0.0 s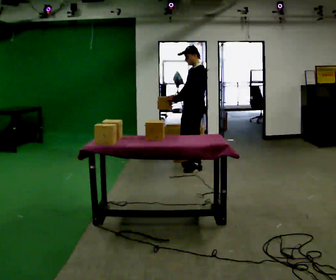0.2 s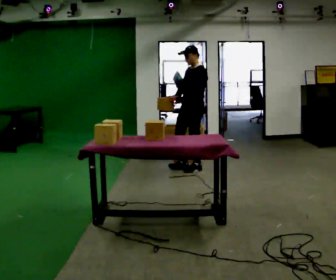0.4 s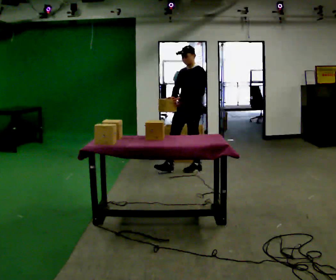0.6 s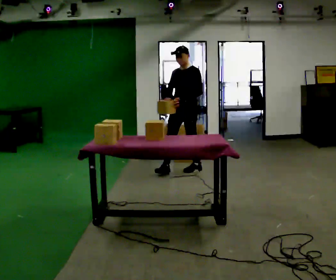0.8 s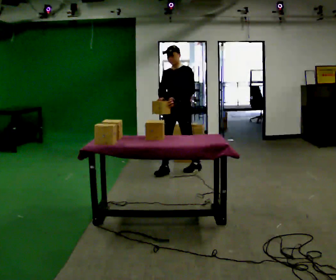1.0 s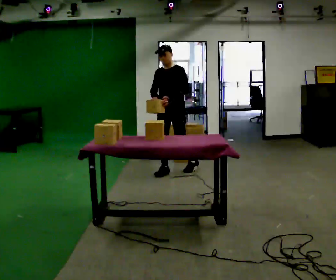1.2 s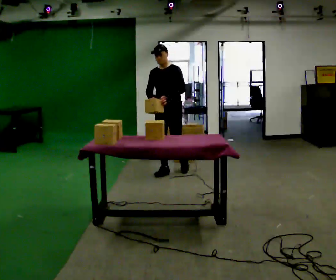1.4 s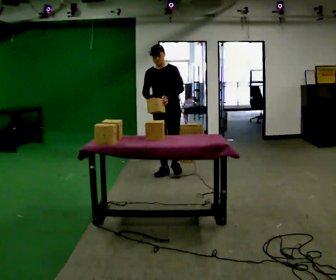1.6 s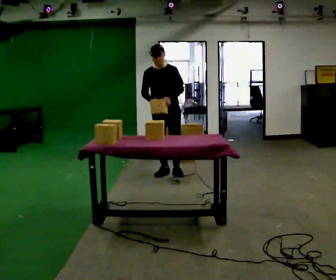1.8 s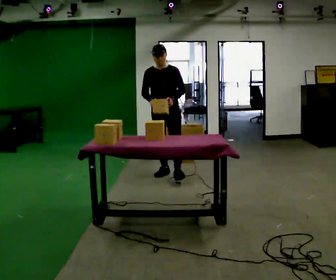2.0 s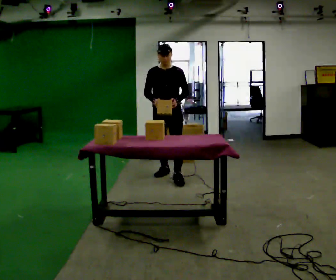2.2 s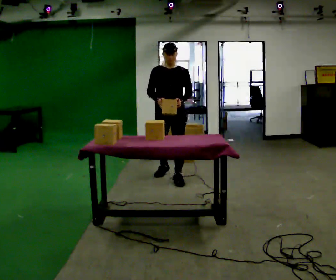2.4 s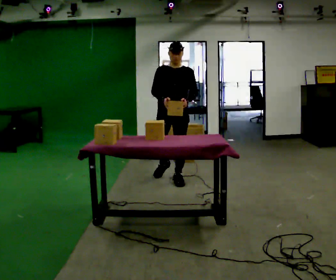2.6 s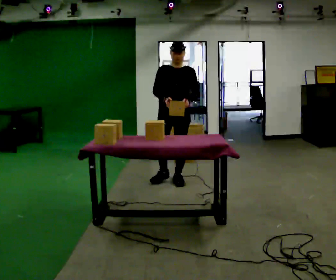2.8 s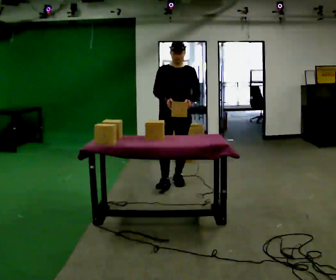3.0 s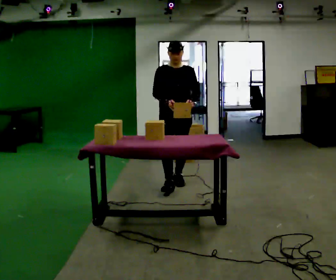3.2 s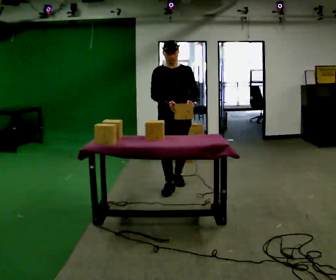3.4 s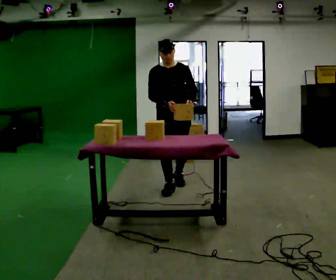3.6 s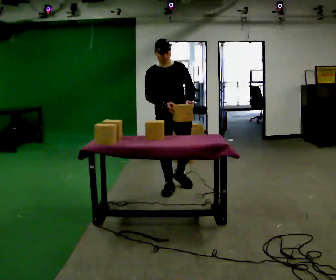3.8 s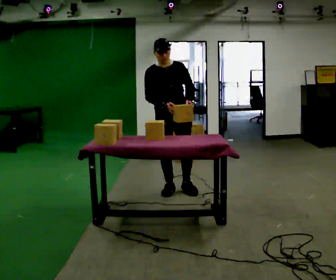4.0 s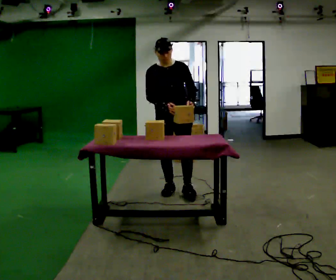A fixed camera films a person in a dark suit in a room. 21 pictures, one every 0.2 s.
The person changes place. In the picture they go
toward the camera.
The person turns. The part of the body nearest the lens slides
to the right.
0.0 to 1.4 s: The part of the body nearest the lens slides to the right as the person turns to their left by about 60 degrees. In the picture they go to the left and toward the camera, about 0.5 m in 1 step, which for them is forward and to their right. In the picture the upper body tilts counterclockwise, shoulders to the left.
1.4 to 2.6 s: In the picture they go toward the camera, about 0.5 m in 1 step, which for them is forward.
2.6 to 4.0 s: In the picture they go toward the camera, about 0.5 m in 2 steps, which for them is forward.
The film runs forward here.
